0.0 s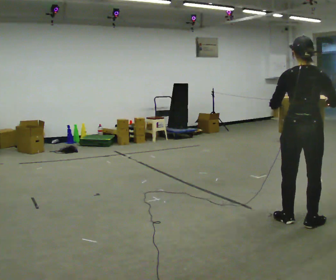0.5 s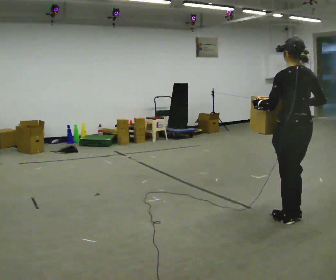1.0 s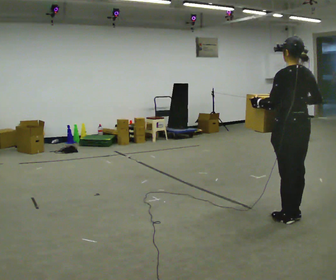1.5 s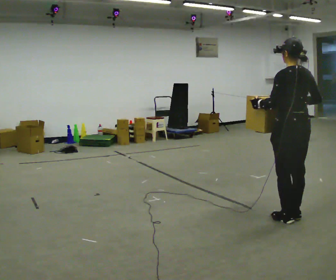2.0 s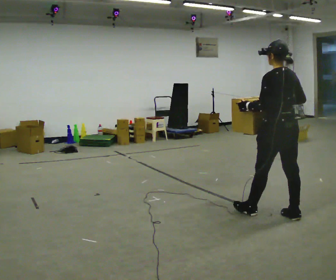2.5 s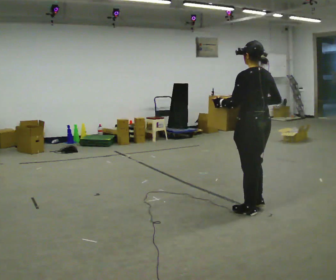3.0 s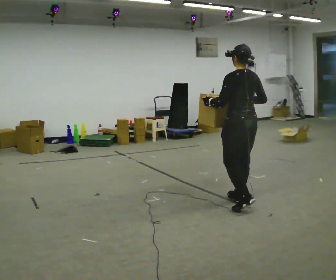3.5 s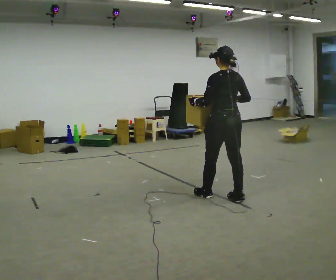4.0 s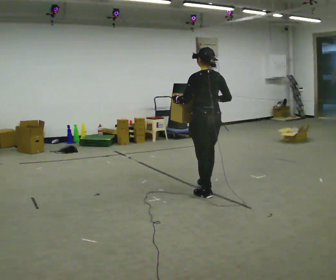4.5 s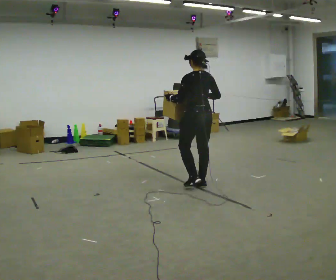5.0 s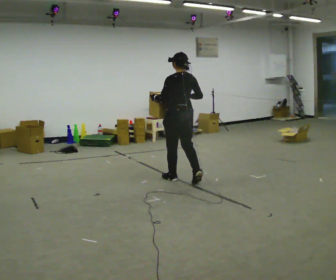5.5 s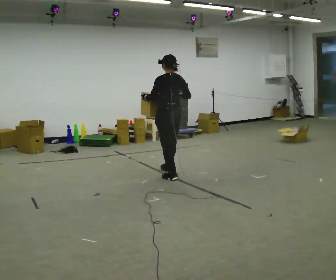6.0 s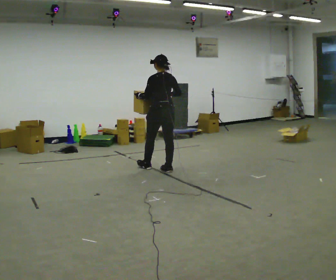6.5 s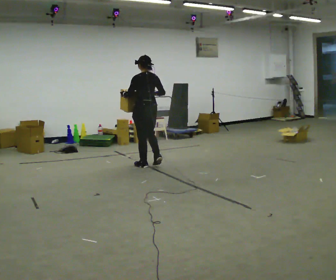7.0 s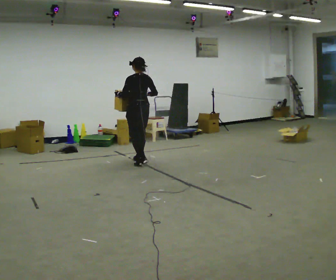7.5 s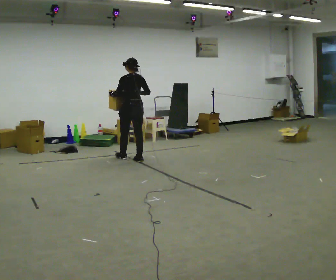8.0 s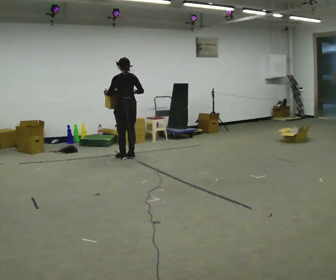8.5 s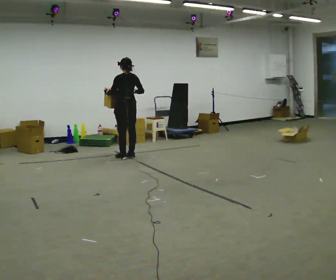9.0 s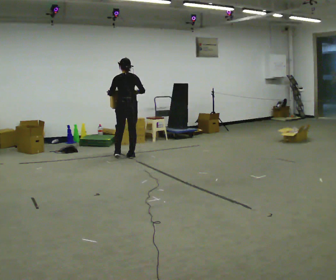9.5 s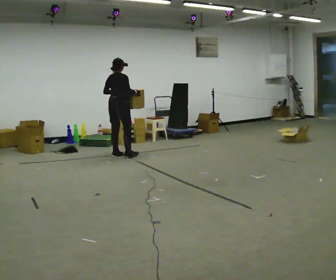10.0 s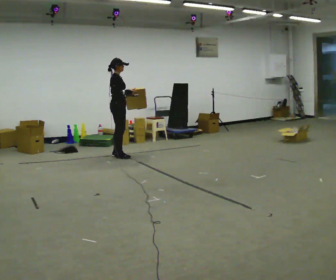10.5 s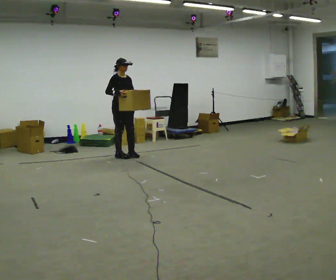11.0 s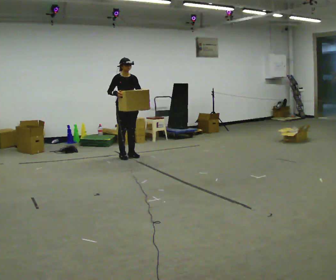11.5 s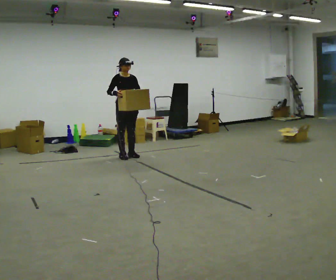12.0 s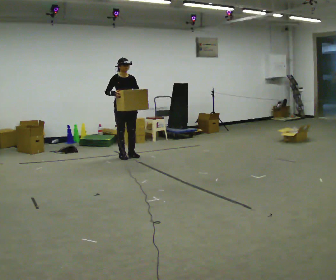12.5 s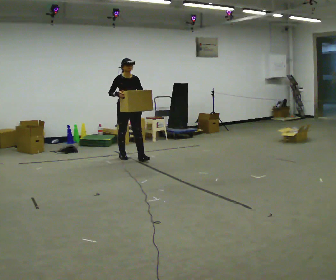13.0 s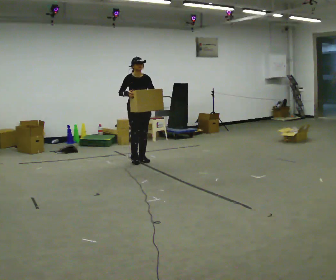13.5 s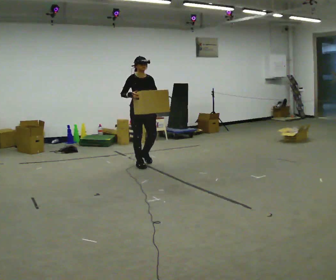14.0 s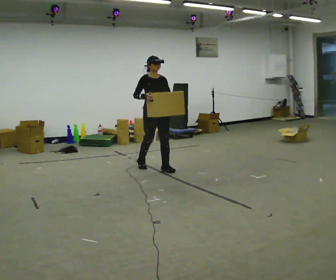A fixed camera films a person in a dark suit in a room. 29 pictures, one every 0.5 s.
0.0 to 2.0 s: The person turns about 45 degrees to their left, counterclockwise seen from above, so the part of the body nearest the lens slides to the right. In the picture they go away from the camera, about 0.25 m in 2 steps, which for them is forward.
2.0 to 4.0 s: In the picture they go away from the camera and to the left, about 1 m in 2 steps, which for them is forward.
4.0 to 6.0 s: In the picture they go away from the camera, about 1 m in 3 steps, which for them is forward.
6.0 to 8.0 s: In the picture they go away from the camera and to the left, about 1 m in 4 steps, which for them is forward.
8.0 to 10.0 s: The part of the body nearest the lens slides to the left as the person turns to their right by about 120 degrees. In the picture they go to the left, about 0.25 m in 2 steps. In the picture their left hand goes to the right.
10.0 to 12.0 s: Seen from above the body turns clockwise, about 60 degrees: to their right, with its near side sliding to the left.
12.0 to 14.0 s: In the picture they go toward the camera and to the right, about 1 m in 3 steps, which for them is forward.
The film runs forward here.
